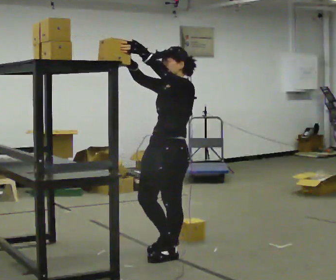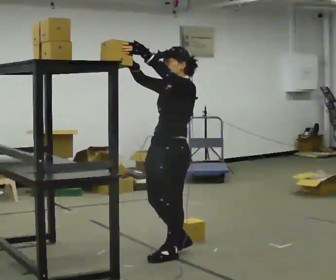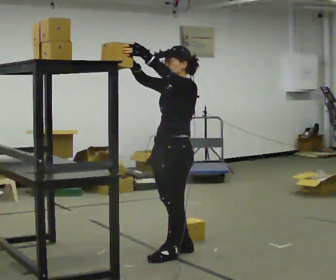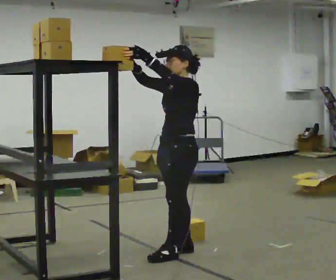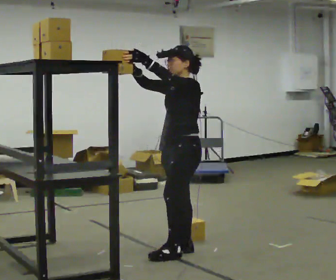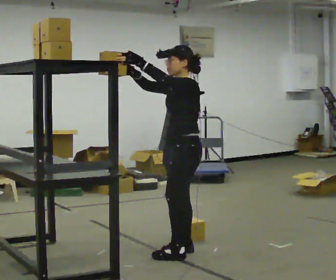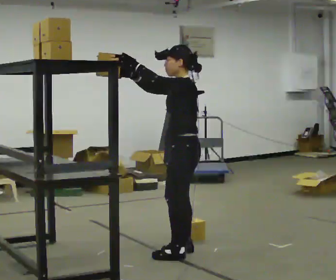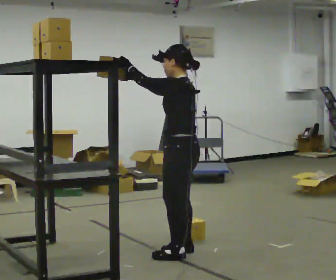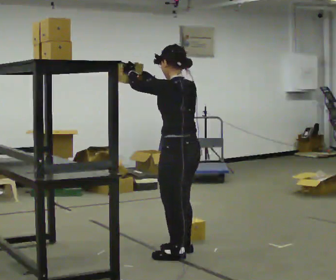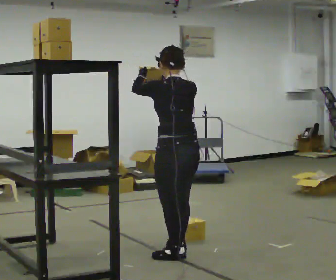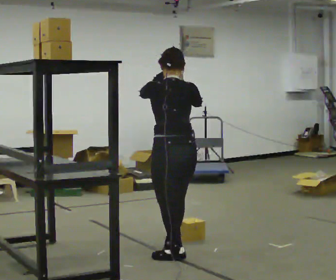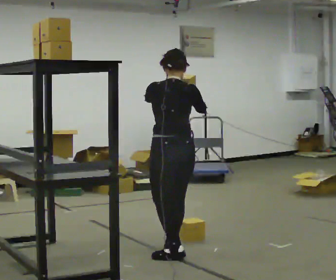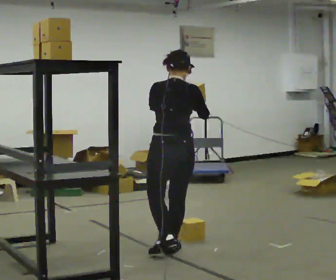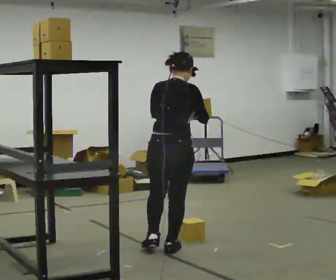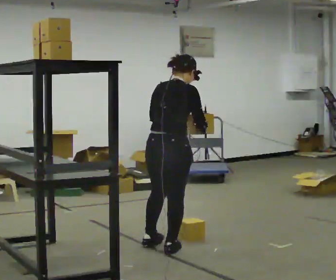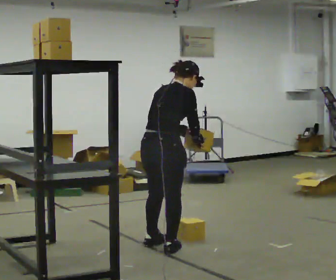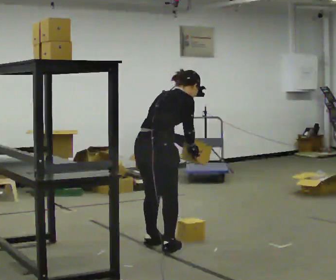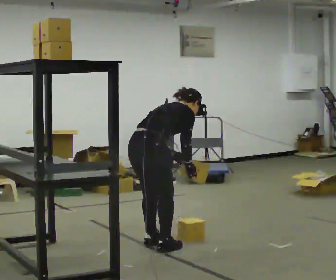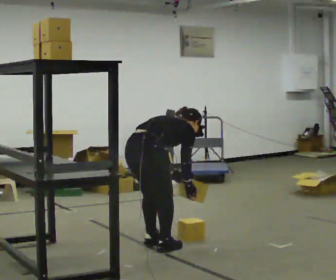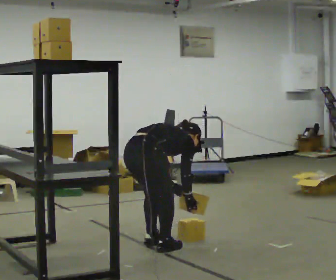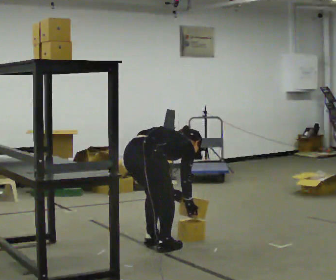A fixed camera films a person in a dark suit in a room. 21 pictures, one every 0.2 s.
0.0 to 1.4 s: The person turns about 45 degrees to their right, clockwise seen from above, so the part of the body nearest the lens slides to the left.
1.4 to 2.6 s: The part of the body nearest the lens slides to the left as the person turns to their right by about 90 degrees. In the picture their right hand goes to the right.
2.6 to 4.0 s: The part of the body nearest the lens slides to the left as the person turns to their right by about 30 degrees. In the picture they go to the left, about 0.25 m in 1 step, which for them is to their left. The shoulders move downward. In the picture the upper body tilts clockwise, shoulders to the right, as they bend forward. In the picture their right hand goes downward.
The film runs forward here.
